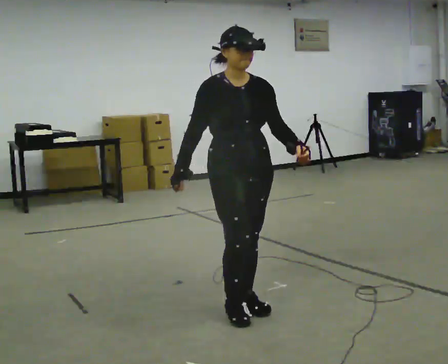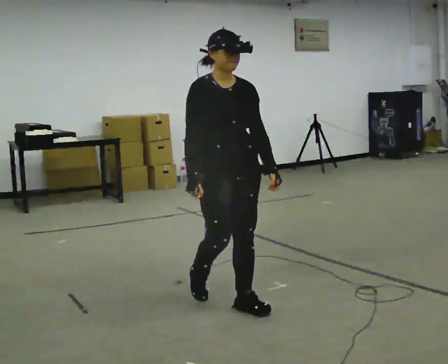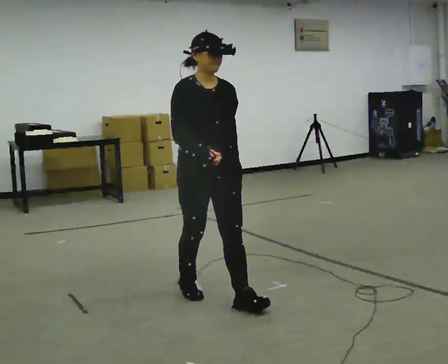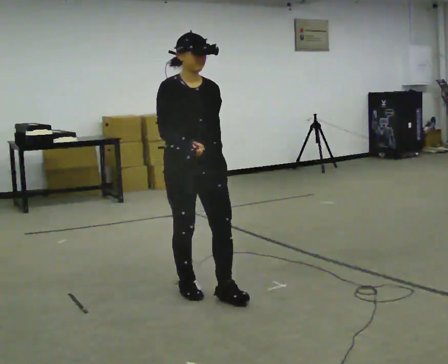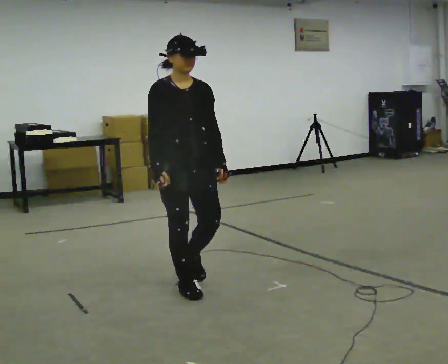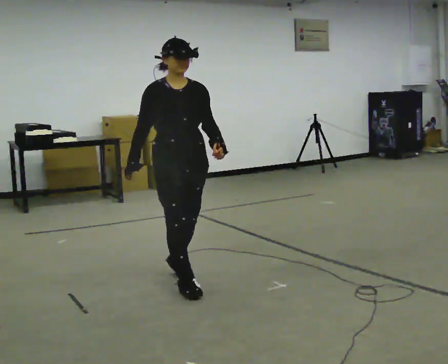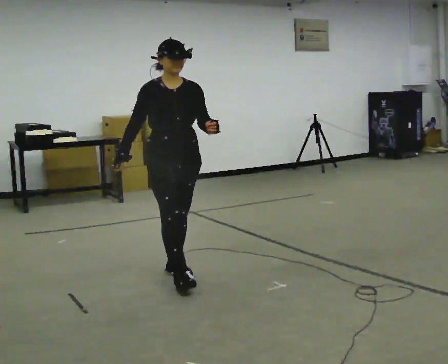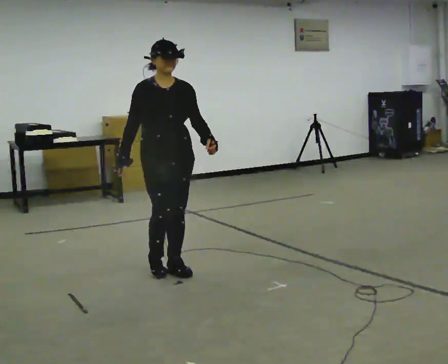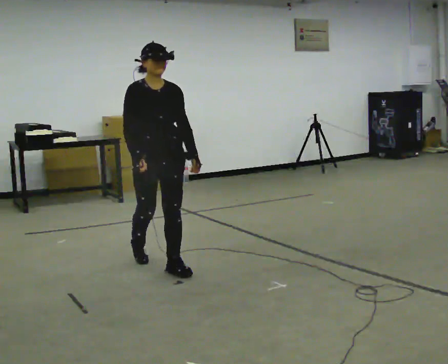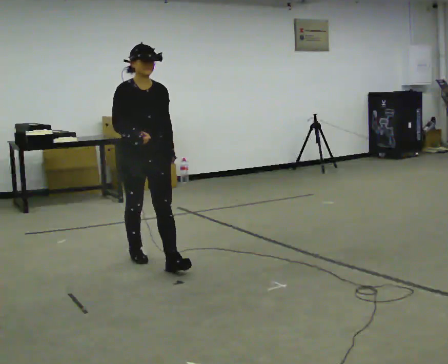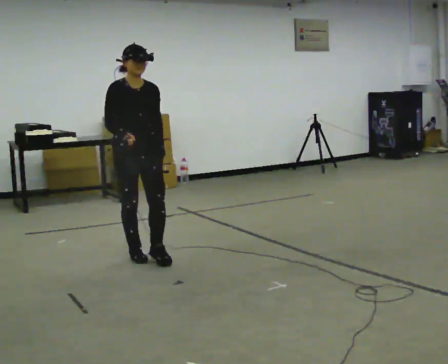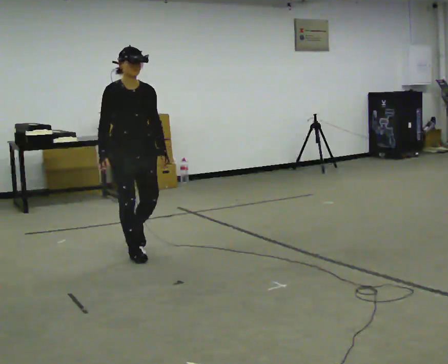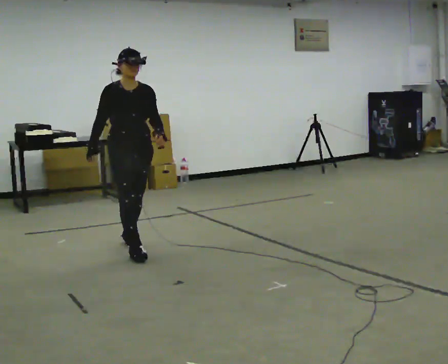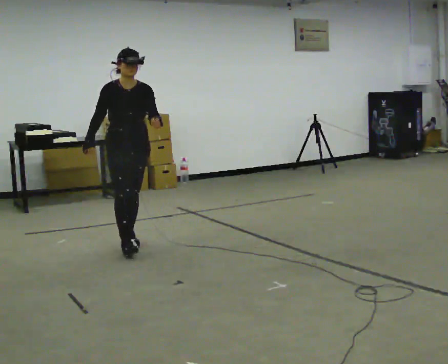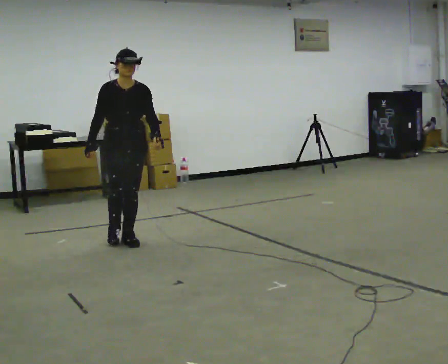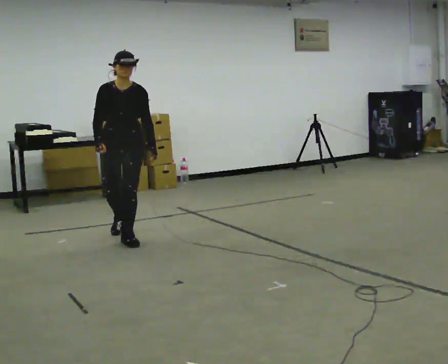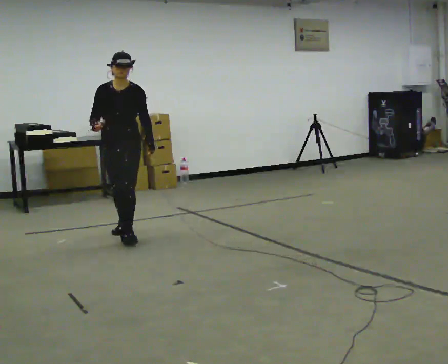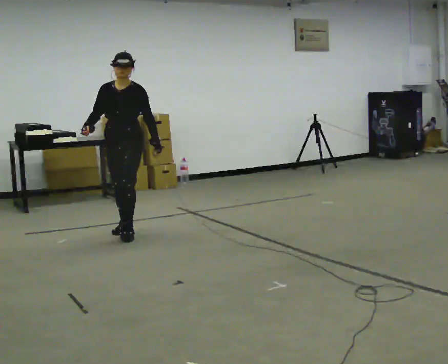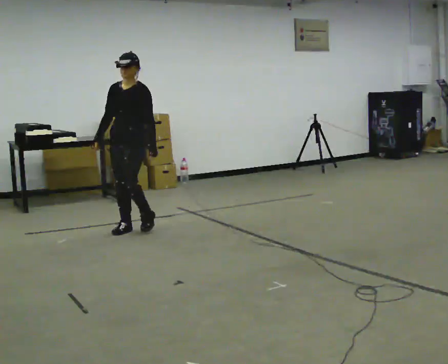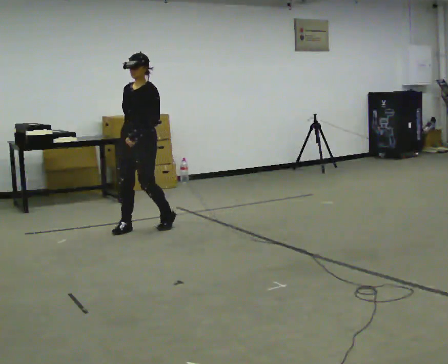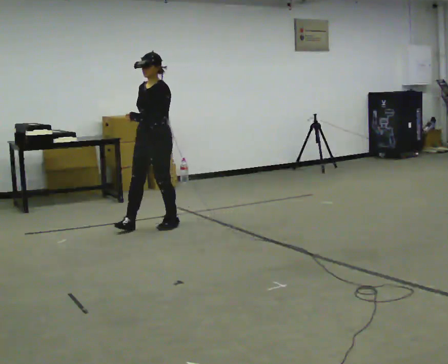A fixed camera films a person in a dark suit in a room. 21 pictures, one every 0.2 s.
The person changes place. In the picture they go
away from the camera.
The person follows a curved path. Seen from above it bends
clockwise.
0.0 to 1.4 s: In the picture they go away from the camera and to the left, about 1 m in 2 steps, which for them is backward.
1.4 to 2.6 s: In the picture they go away from the camera, about 1 m in 2 steps, which for them is backward.
2.6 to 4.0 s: Seen from above the body turns clockwise, about 75 degrees: to their right, with its near side sliding to the left. In the picture they go away from the camera and to the right, about 0.75 m in 2 steps.
The film runs backward here.
